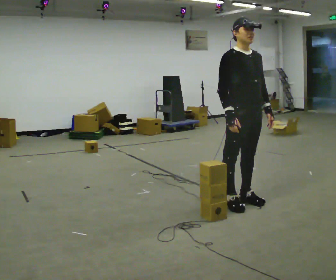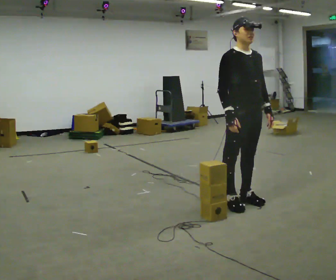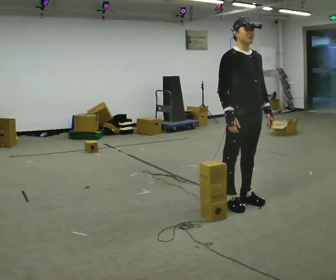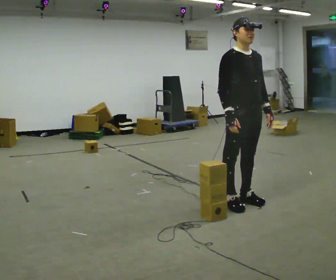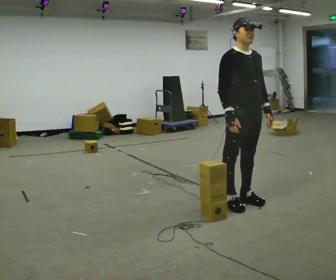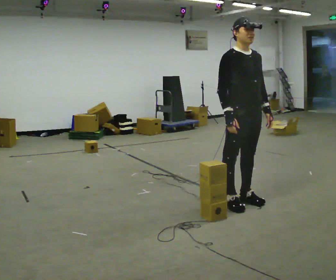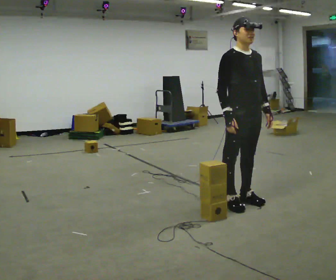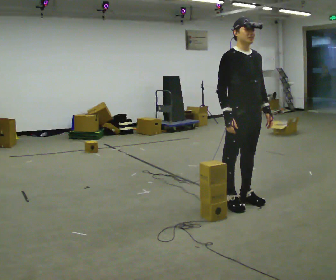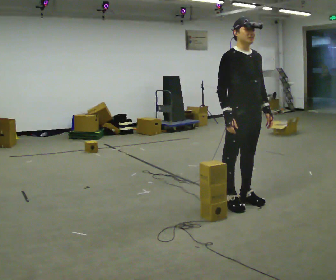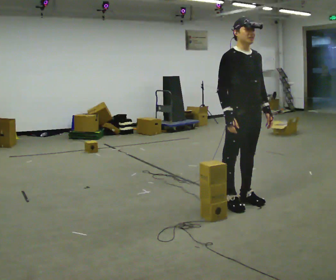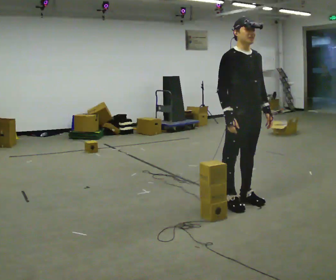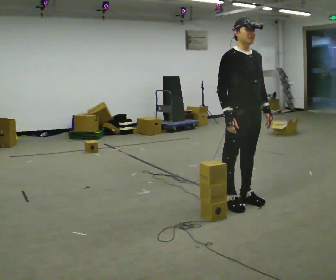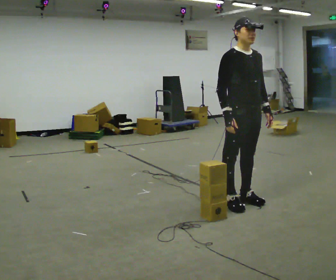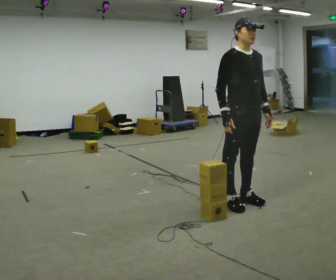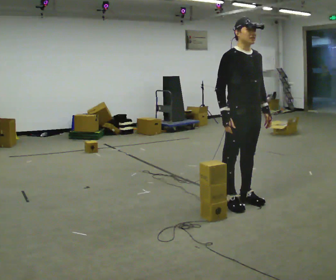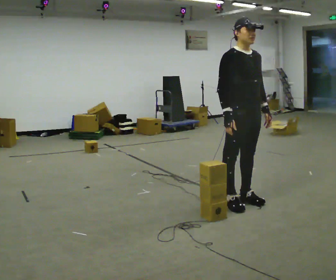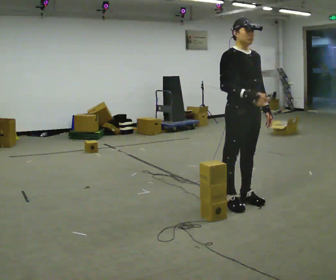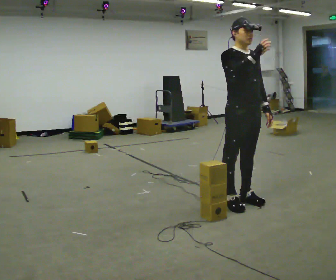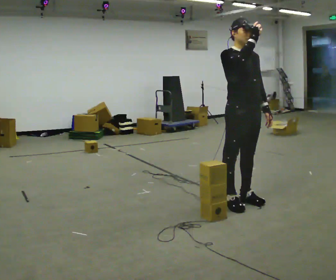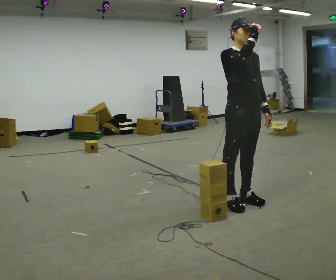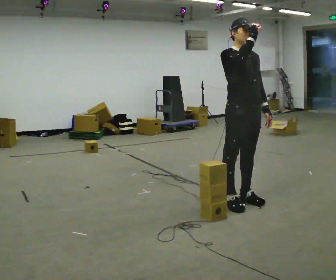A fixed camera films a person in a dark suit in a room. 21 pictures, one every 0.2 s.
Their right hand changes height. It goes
upward.
0.0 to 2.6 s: The person moves a little, or ends about where they began.
2.6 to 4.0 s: In the picture their right hand goes upward.
The film runs backward here.
